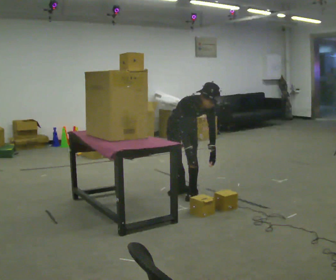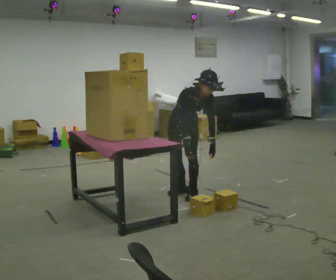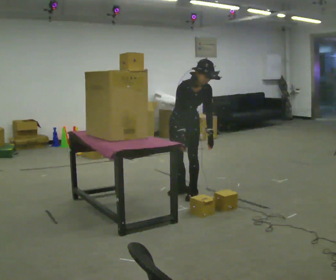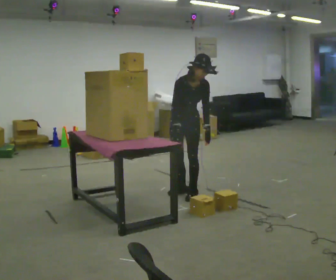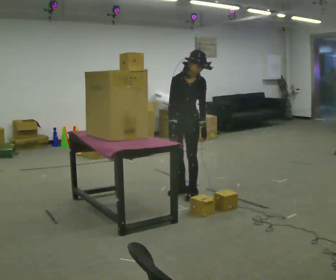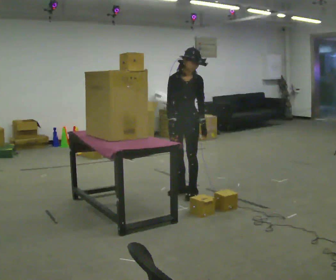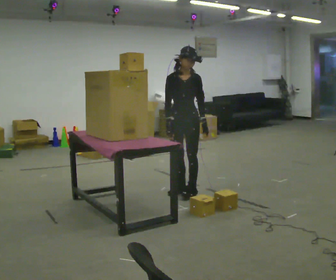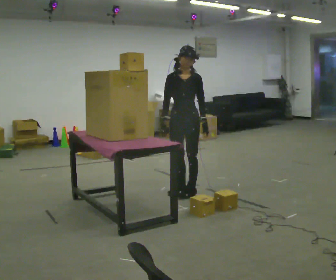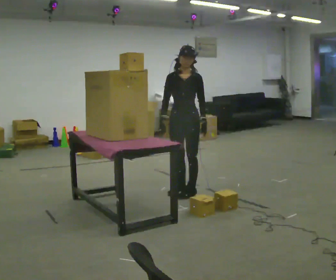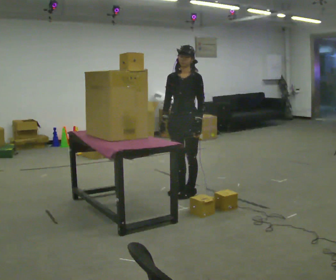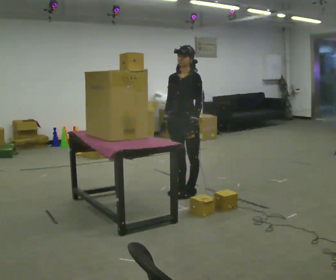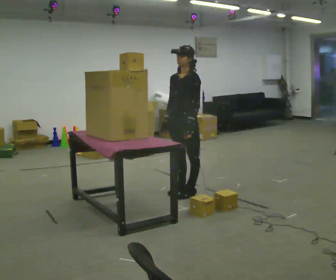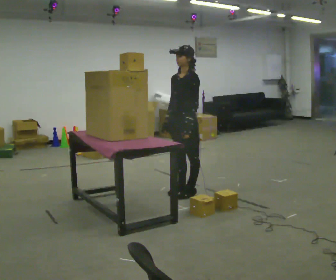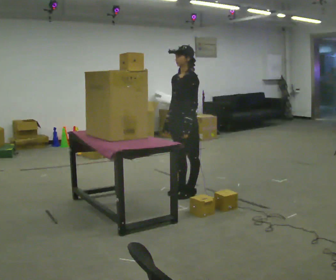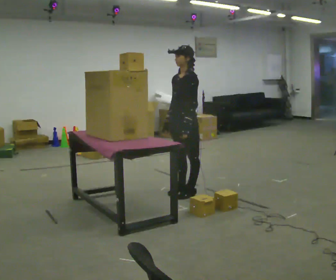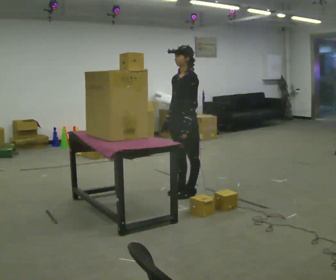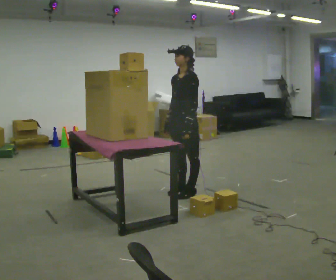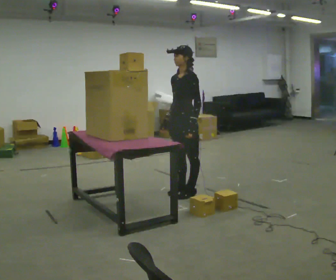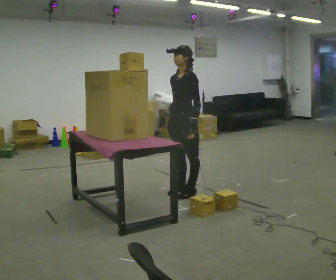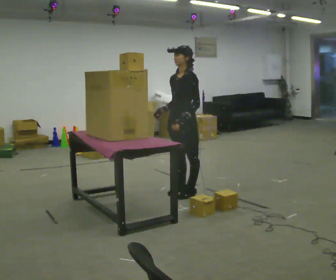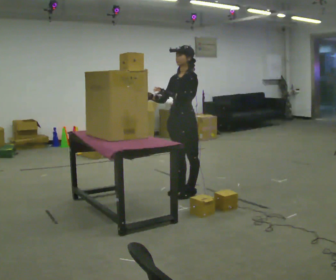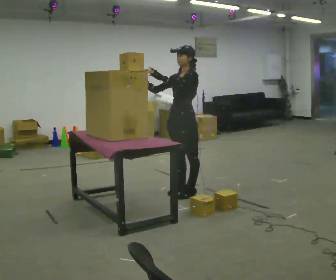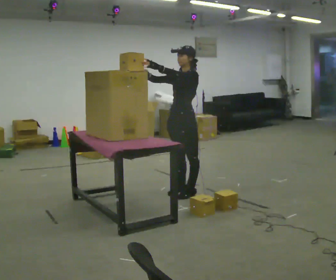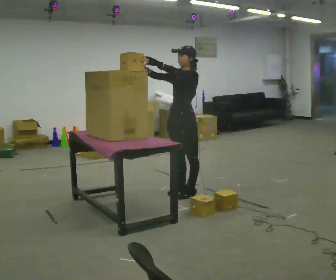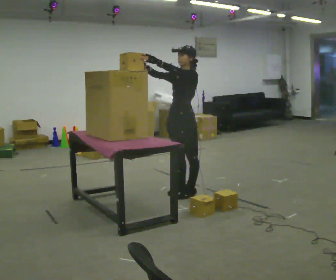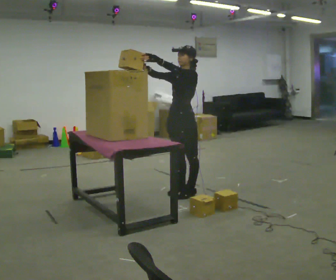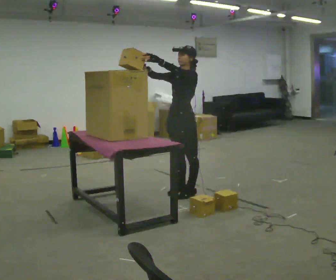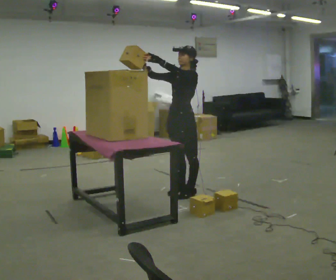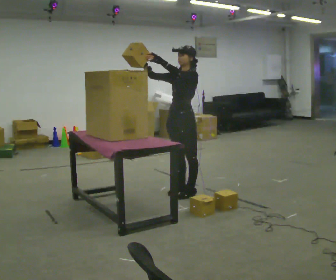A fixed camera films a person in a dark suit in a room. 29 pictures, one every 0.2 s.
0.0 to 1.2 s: The upper body goes upward. The upper body tips away from the camera, its near side rolling upward, as they lean back or straighten.
1.2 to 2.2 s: Seen from above the body turns clockwise, about 45 degrees: to their right, with its near side sliding to the left.
2.2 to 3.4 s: The person moves a little, or ends about where they began.
3.4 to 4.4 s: In the picture their left hand goes upward and to the left.
4.4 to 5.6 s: The person moves a little, or ends about where they began.
The film runs backward here.
